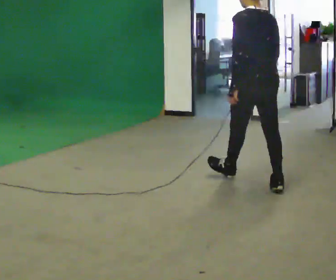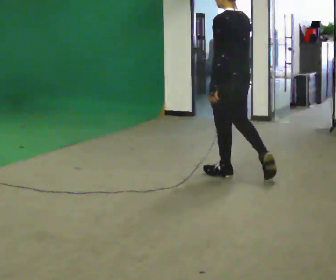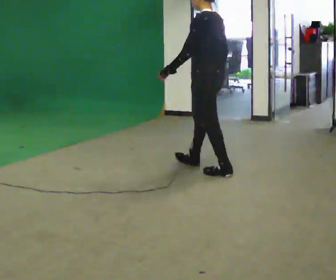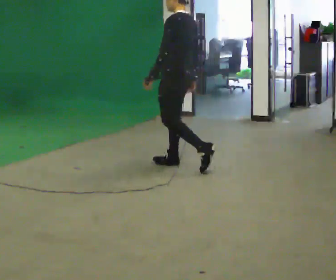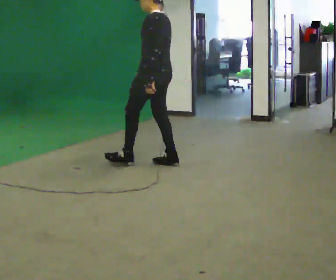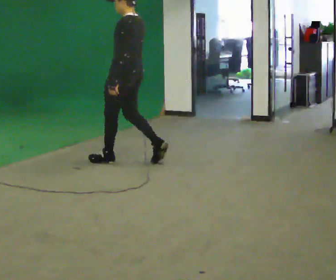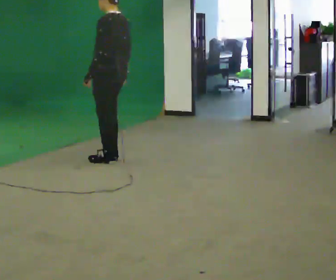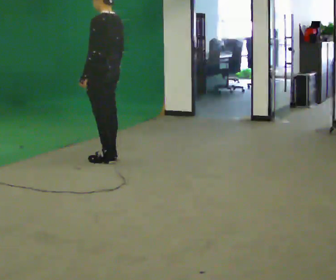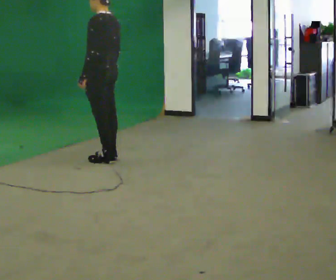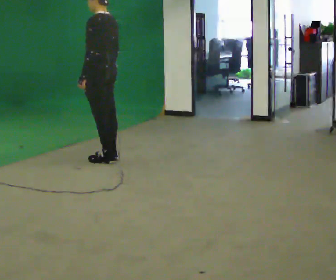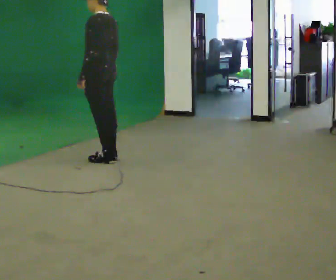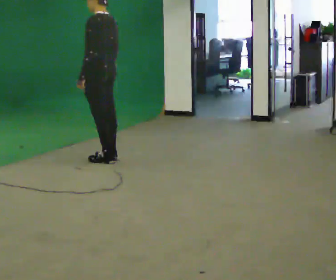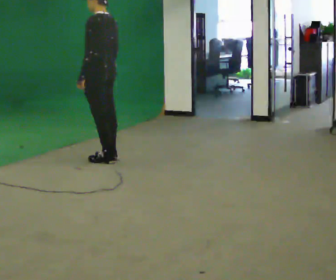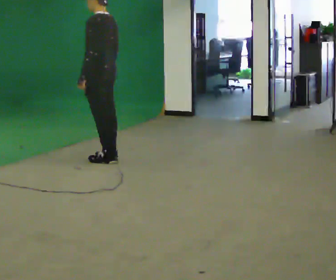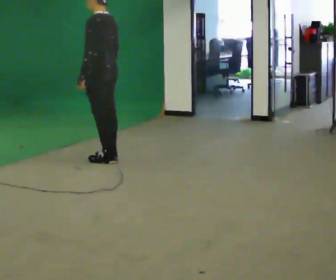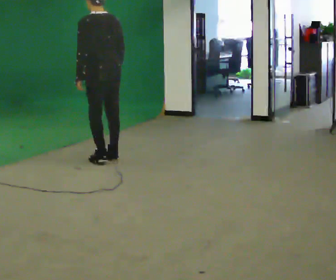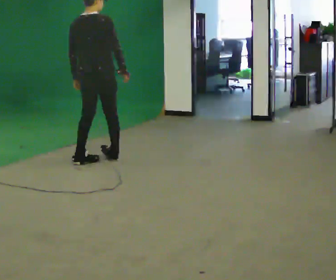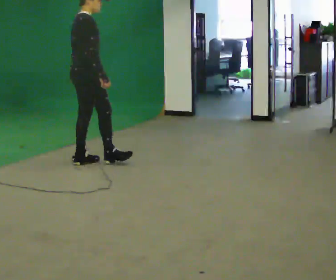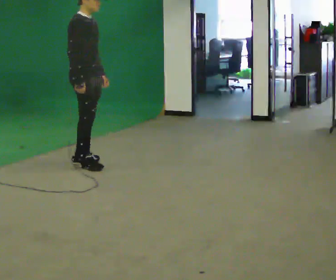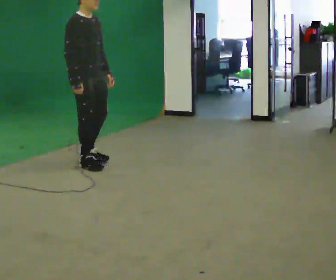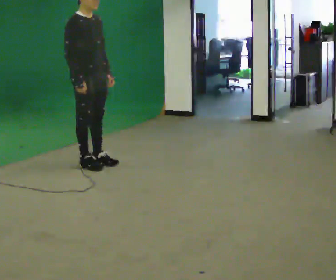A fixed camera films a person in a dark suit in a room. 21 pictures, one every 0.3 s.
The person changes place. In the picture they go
to the left.
The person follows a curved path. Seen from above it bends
counterclockwise.
0.0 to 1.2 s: The part of the body nearest the lens slides to the right as the person turns to their left by about 30 degrees. In the picture they go away from the camera and to the left, about 1 m in 2 steps, which for them is forward.
1.2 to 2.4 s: In the picture they go to the left and away from the camera, about 0.5 m in 2 steps, which for them is forward.
2.4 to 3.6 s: The person keeps their place and pose.
3.6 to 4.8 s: Seen from above the body turns clockwise, about 90 degrees: to their right, with its near side sliding to the left.
4.8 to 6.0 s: The person turns about 90 degrees to their right, clockwise seen from above, so the part of the body nearest the lens slides to the left. In the picture their right hand goes to the left.
The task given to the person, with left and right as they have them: Walk straight; turn 90° left/right while continuing to walk; continue.
The film runs forward here.
